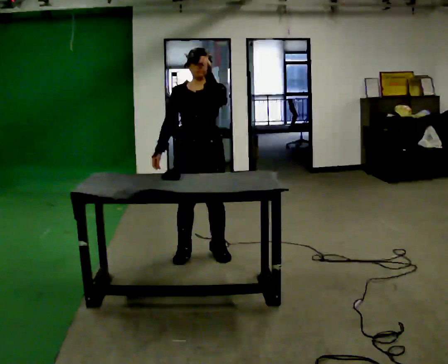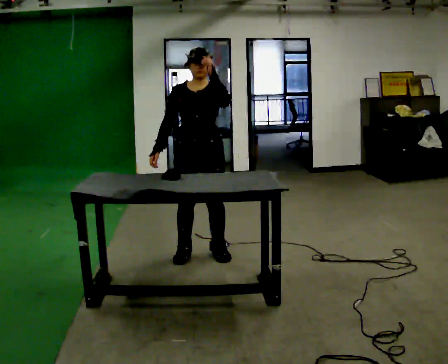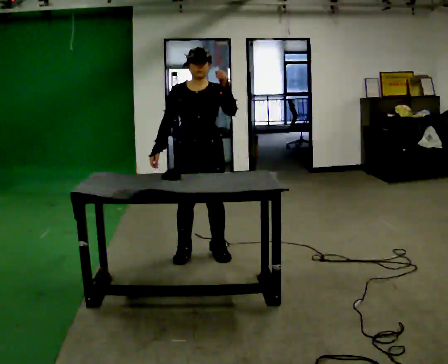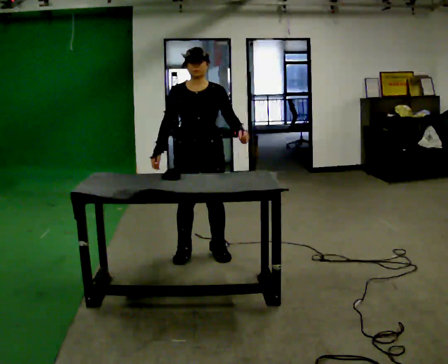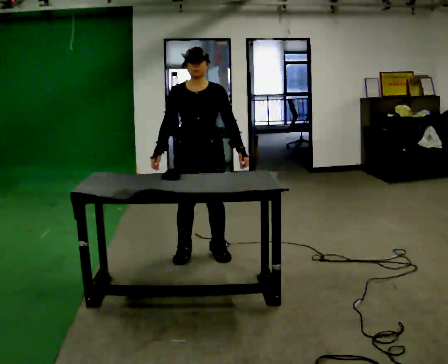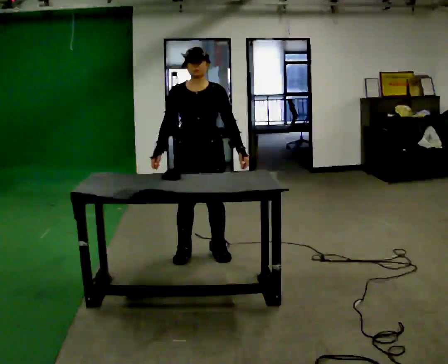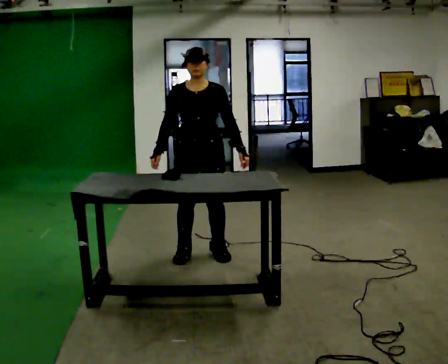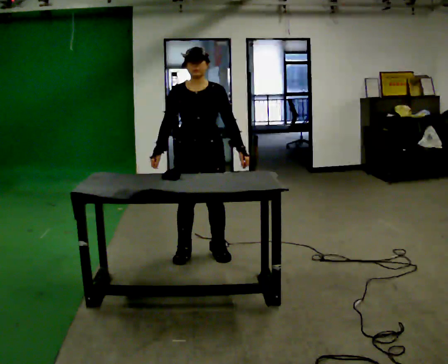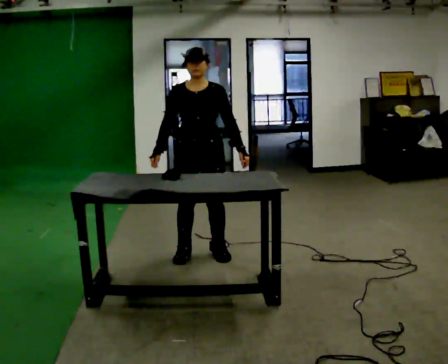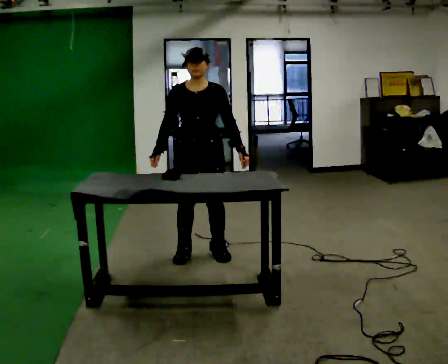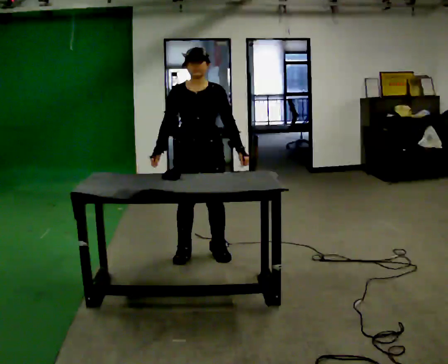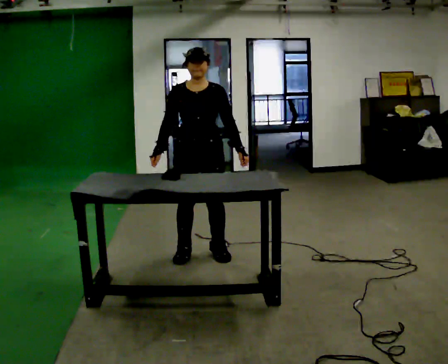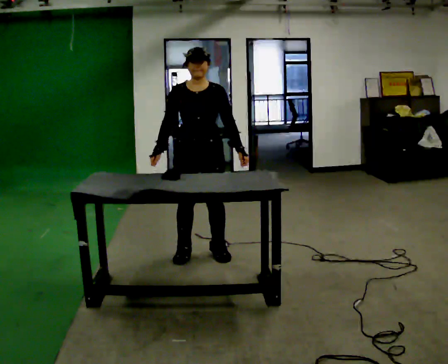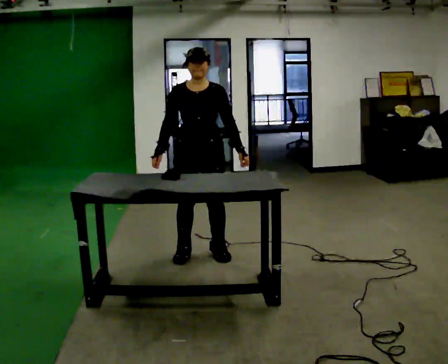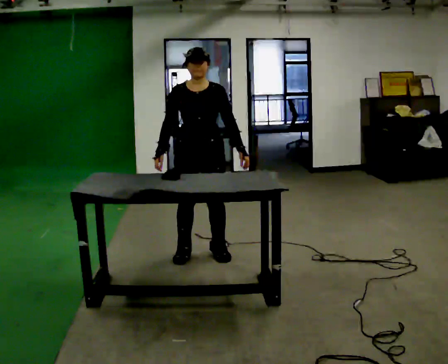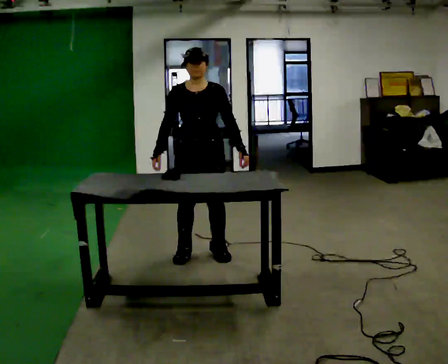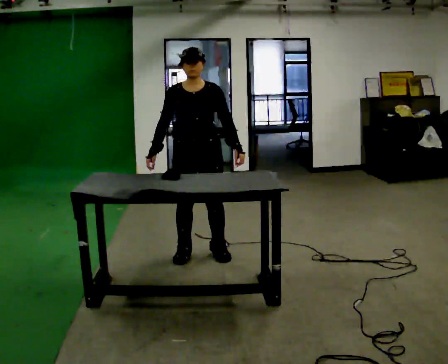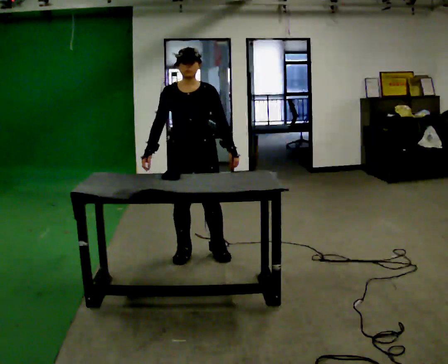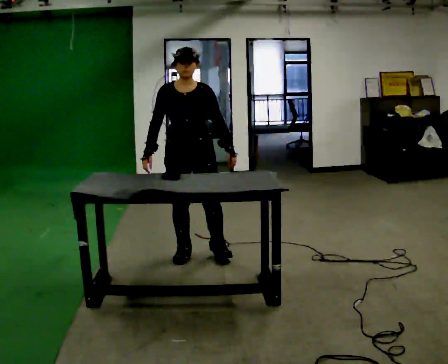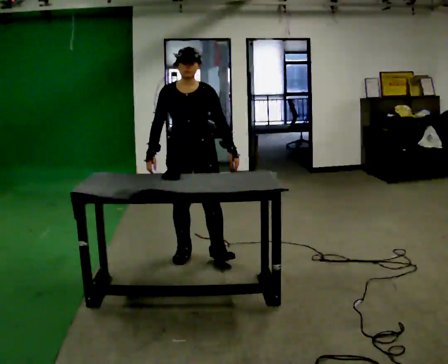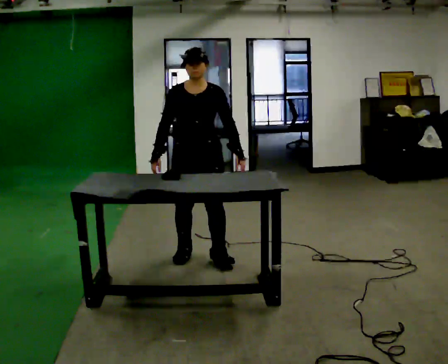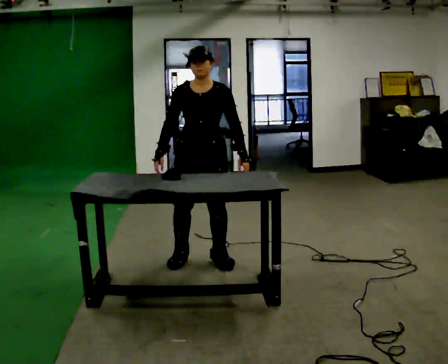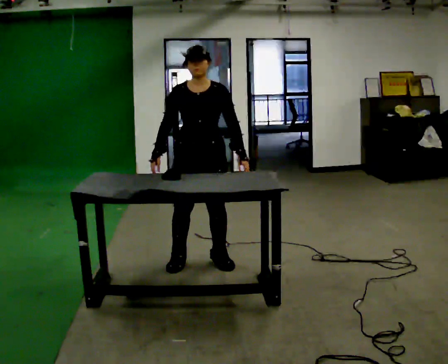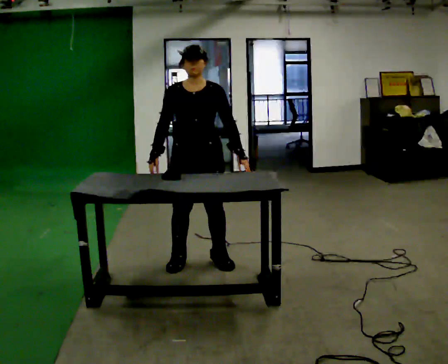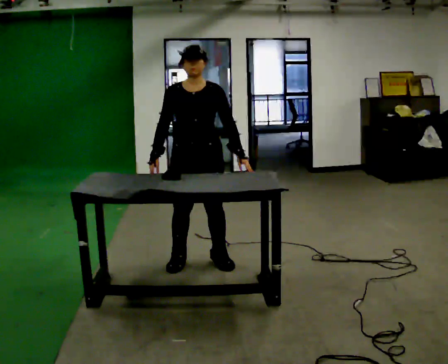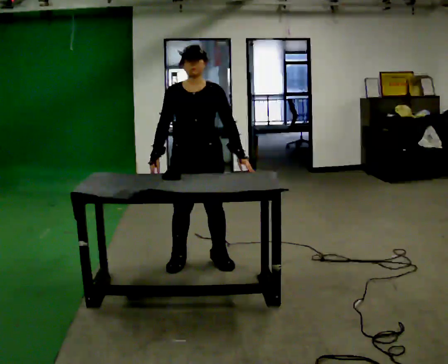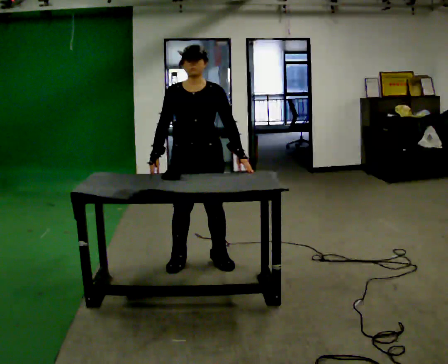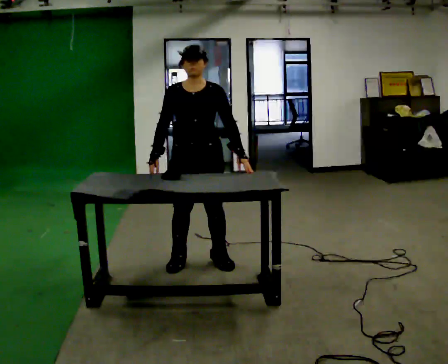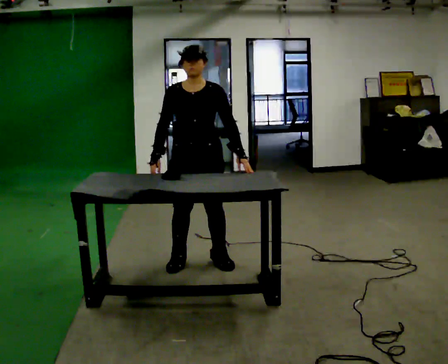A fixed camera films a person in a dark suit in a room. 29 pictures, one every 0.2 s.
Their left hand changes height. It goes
downward.
0.0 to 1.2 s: In the picture their left hand goes downward.
1.2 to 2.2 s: The person keeps their place and pose.
2.2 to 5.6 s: In the picture they go toward the camera, about 0.25 m in 2 steps, which for them is forward.
The film runs backward here.
